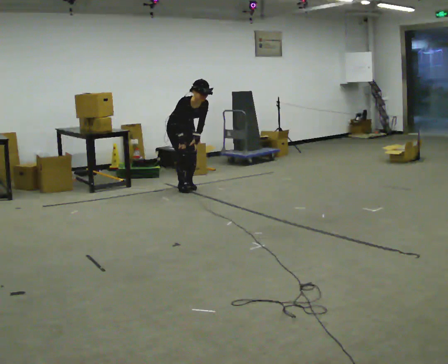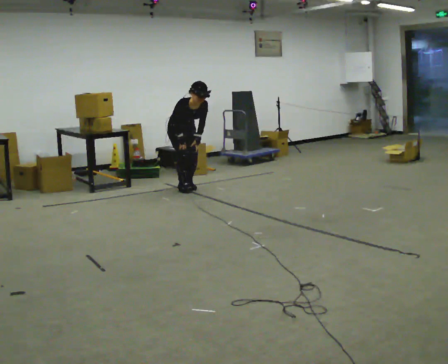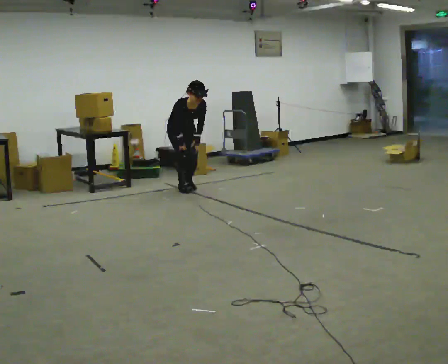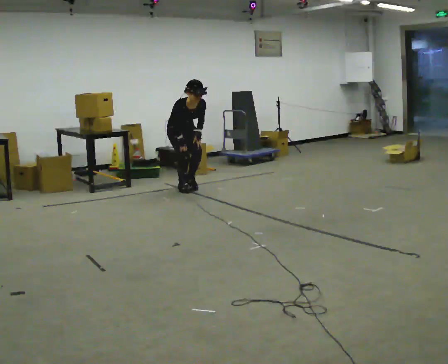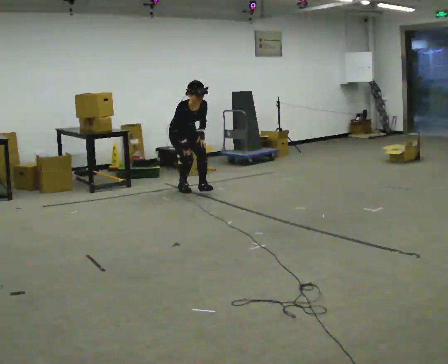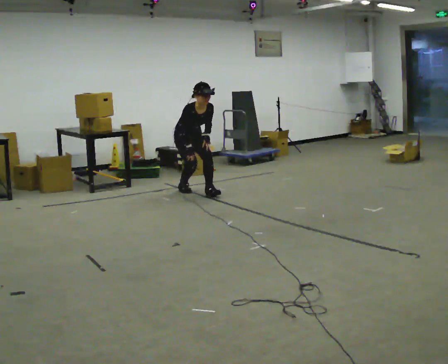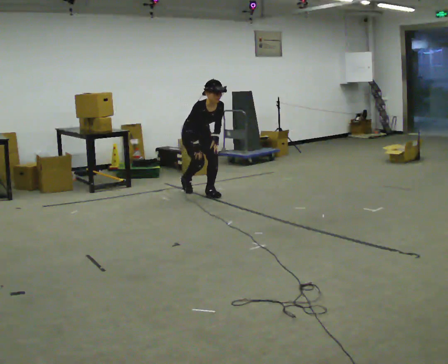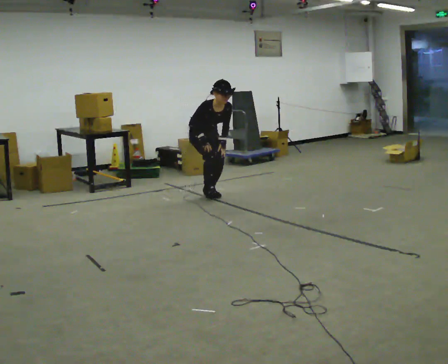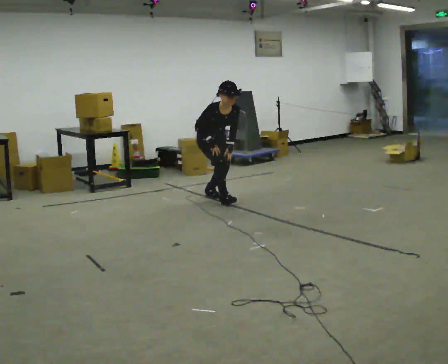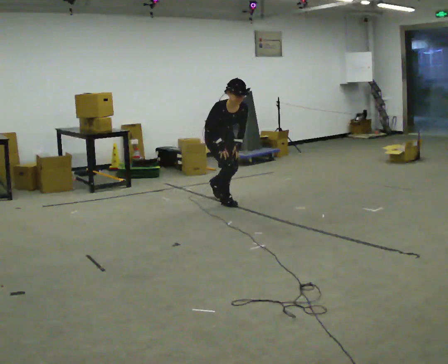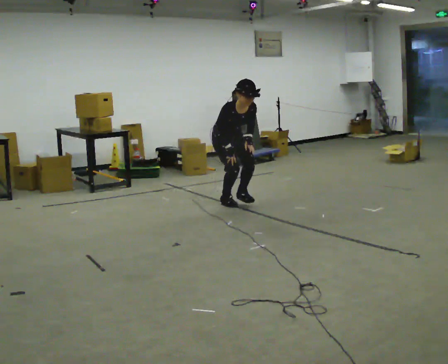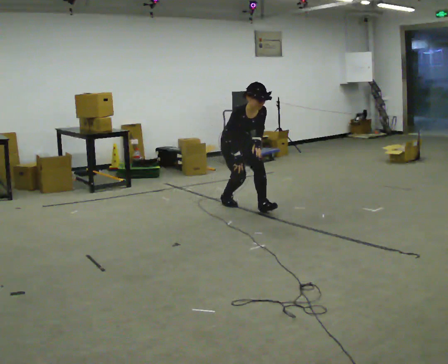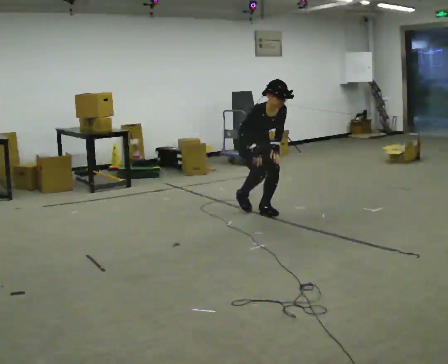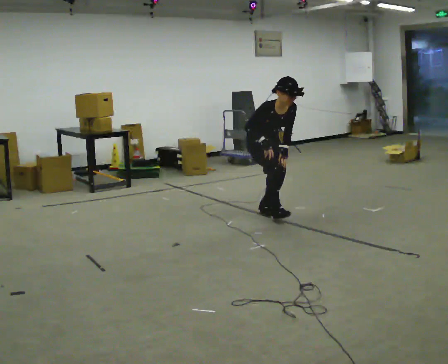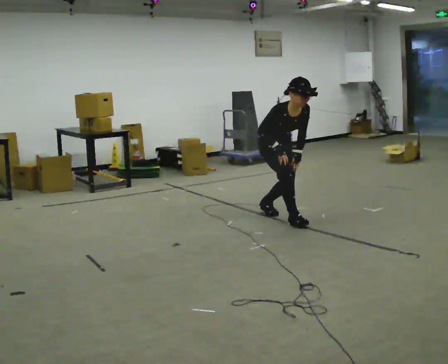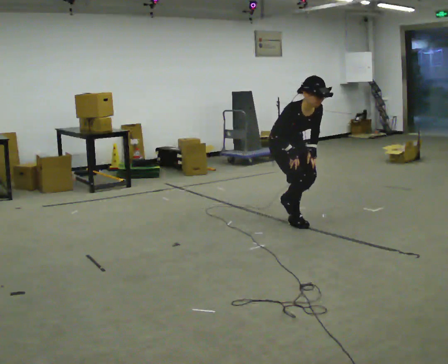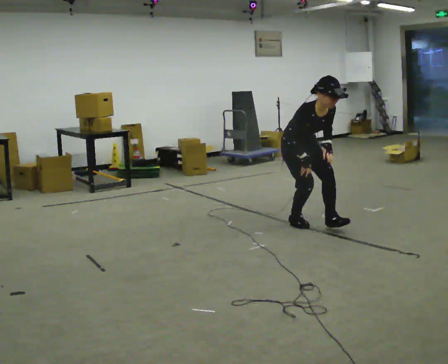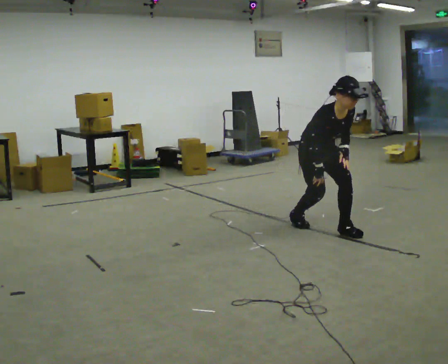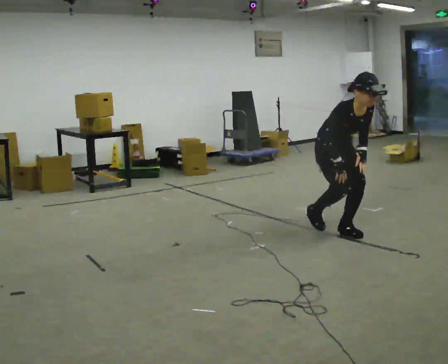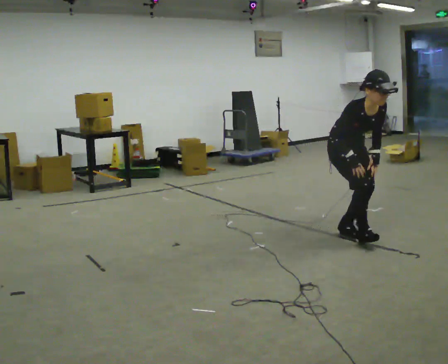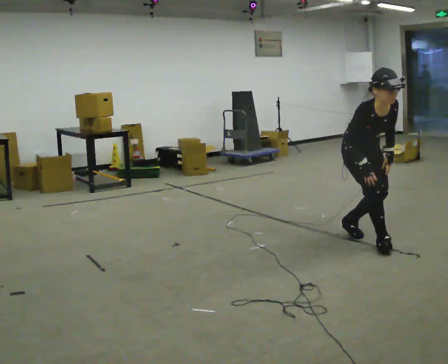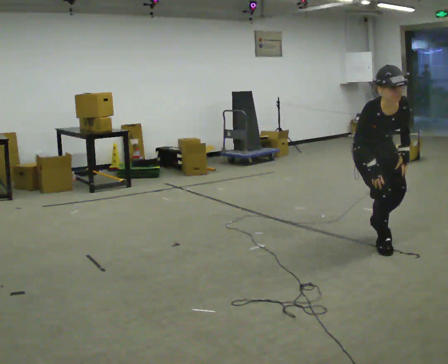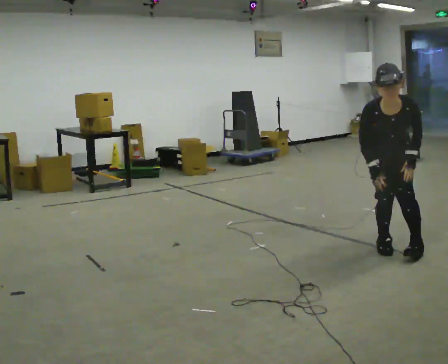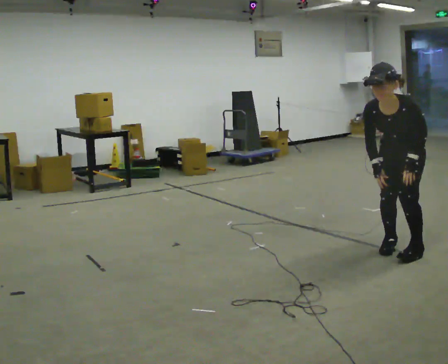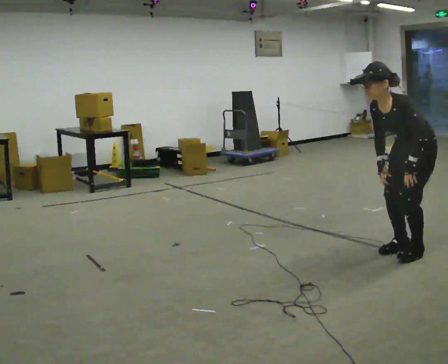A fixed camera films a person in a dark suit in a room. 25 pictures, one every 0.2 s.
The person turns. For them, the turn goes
to their right.
The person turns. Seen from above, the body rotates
clockwise.
0.0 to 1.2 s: In the picture they go toward the camera and to the right, about 0.5 m in 1 step, which for them is forward.
1.2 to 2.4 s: In the picture they go toward the camera and to the right, about 1 m in 2 steps, which for them is forward.
2.4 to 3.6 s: In the picture they go toward the camera and to the right, about 1 m in 2 steps, which for them is forward.
3.6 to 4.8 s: Seen from above the body turns clockwise, about 105 degrees: to their right, with its near side sliding to the left. In the picture they go toward the camera and to the right, about 1 m in 2 steps. In the picture the upper body tilts counterclockwise, shoulders to the left.
The film runs forward here.
